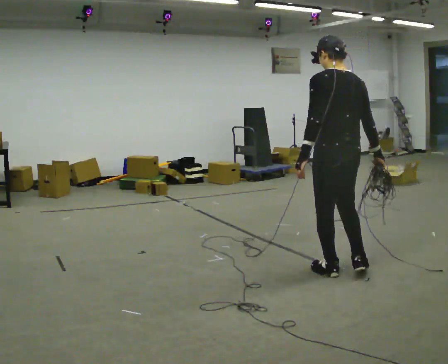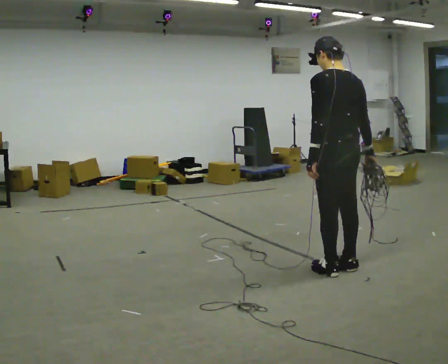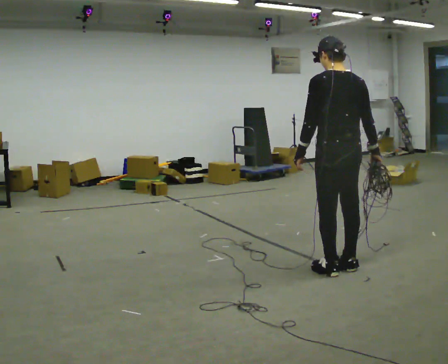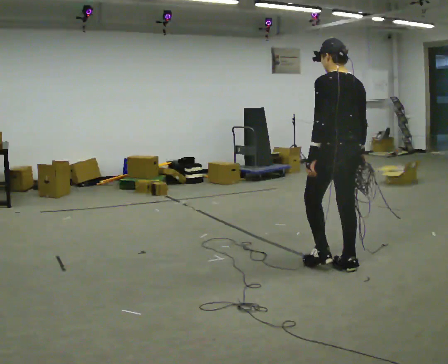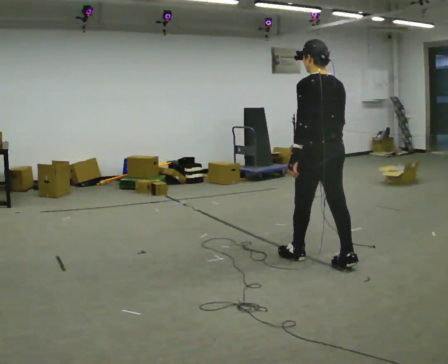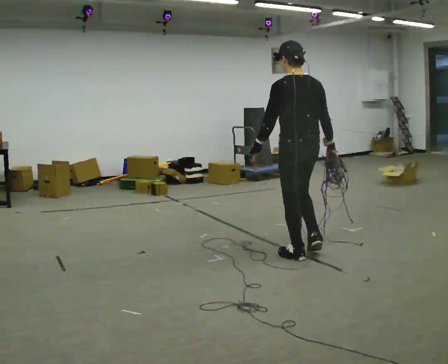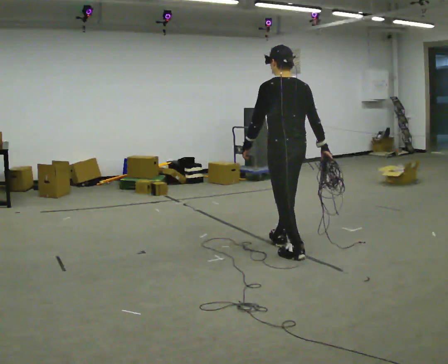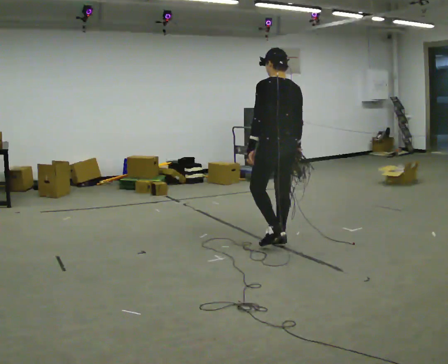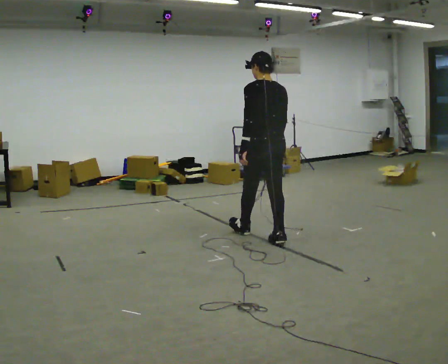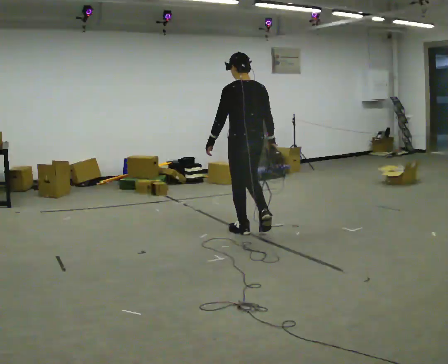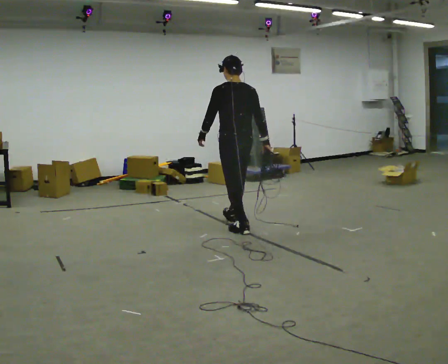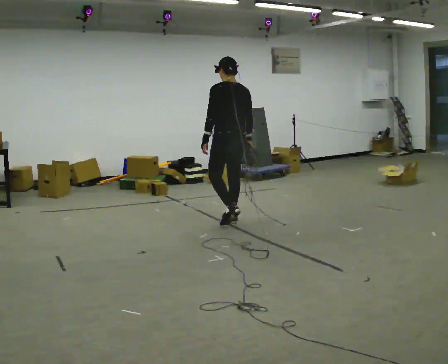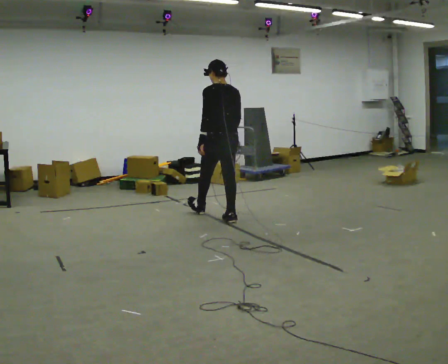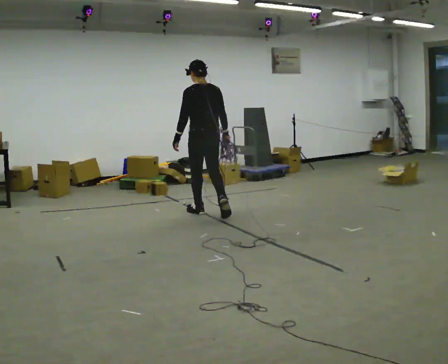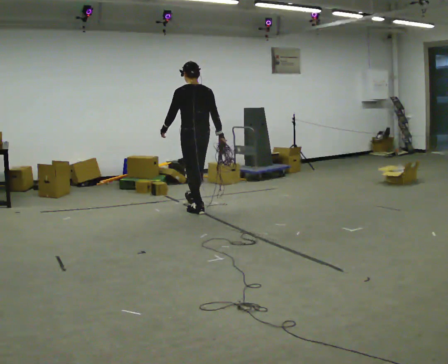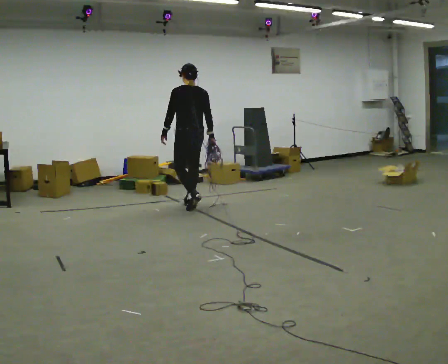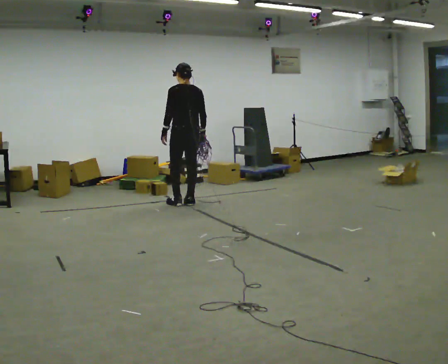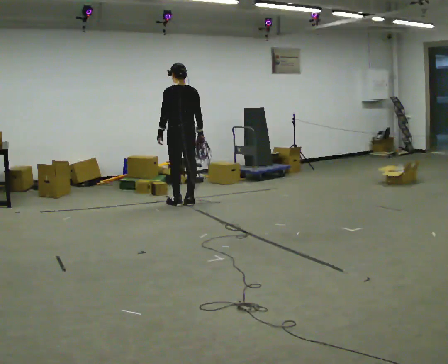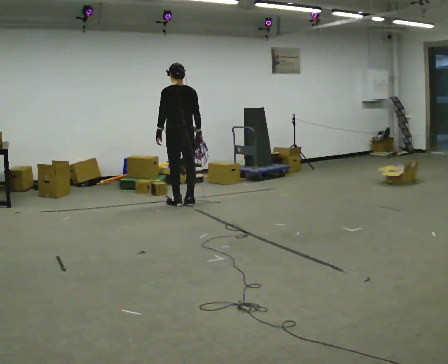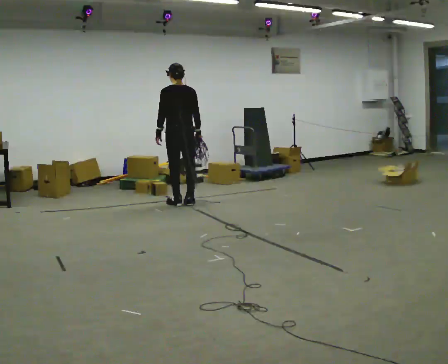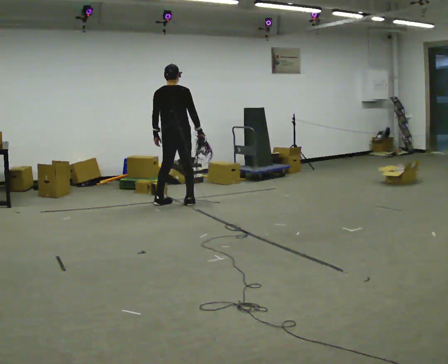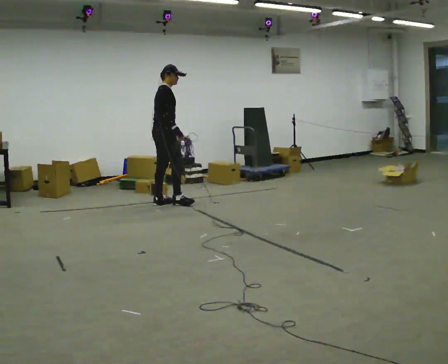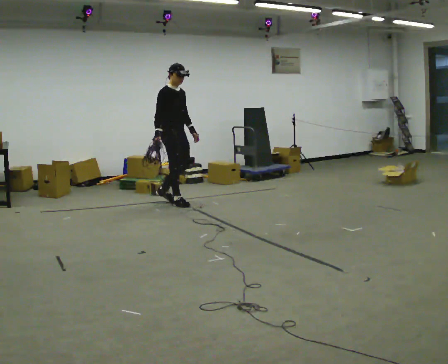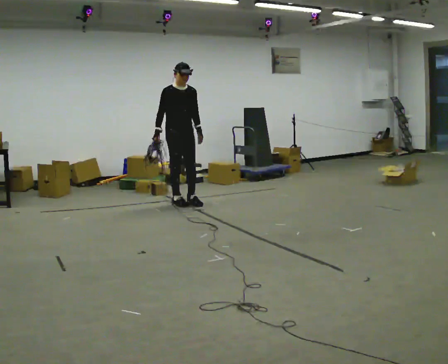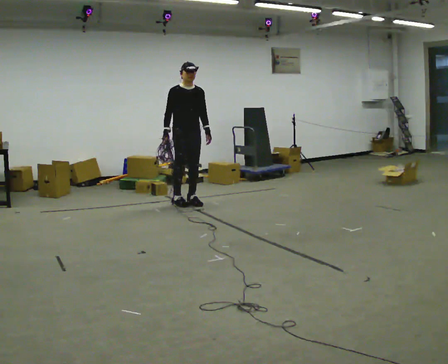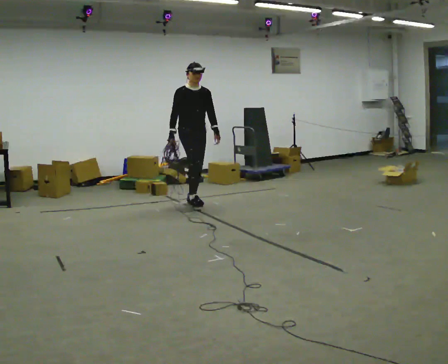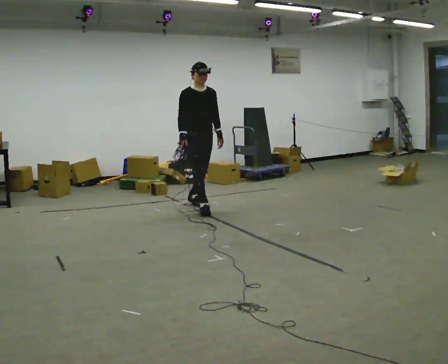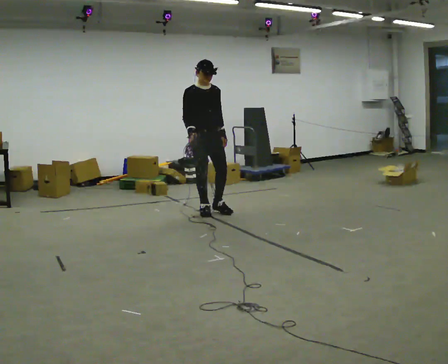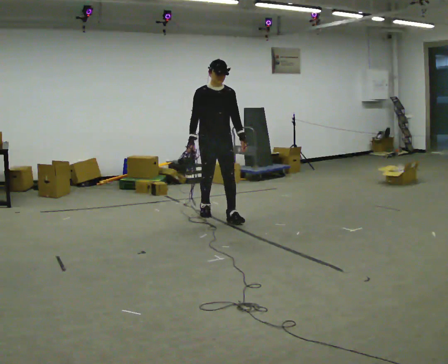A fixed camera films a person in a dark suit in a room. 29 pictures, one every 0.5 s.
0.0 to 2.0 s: In the picture they go away from the camera, about 0.25 m in 2 steps, which for them is forward.
2.0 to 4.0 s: In the picture they go away from the camera and to the left, about 1 m in 2 steps, which for them is forward.
4.0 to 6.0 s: In the picture they go away from the camera and to the left, about 1 m in 2 steps, which for them is forward.
6.0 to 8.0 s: In the picture they go away from the camera and to the left, about 1 m in 2 steps, which for them is forward.
8.0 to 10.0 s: The person turns about 45 degrees to their right, clockwise seen from above, so the part of the body nearest the lens slides to the left. In the picture they go to the left, about 0.25 m in 1 step, which for them is to their left.
10.0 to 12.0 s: Seen from above the body turns clockwise, about 135 degrees: to their right, with its near side sliding to the left. In the picture they go to the right, about 0.25 m in 2 steps. In the picture their right hand goes to the left, the arm swinging clockwise.
12.0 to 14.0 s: In the picture they go toward the camera and to the right, about 1 m in 2 steps, which for them is forward.
The film runs forward here.
